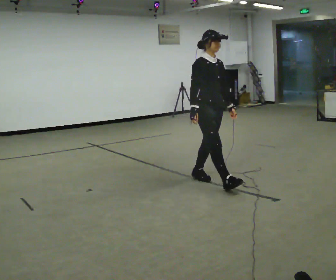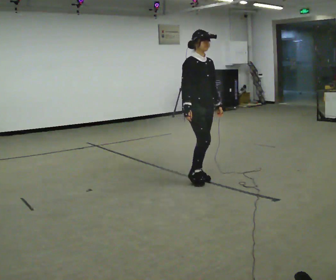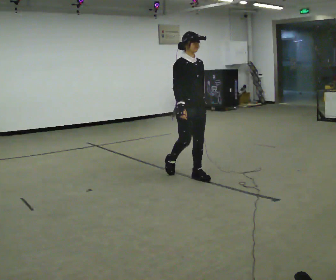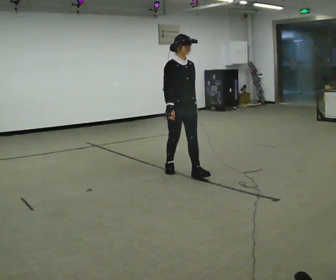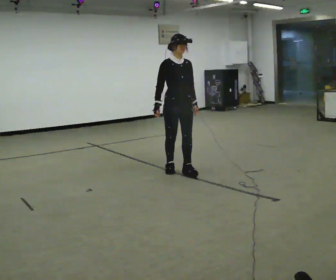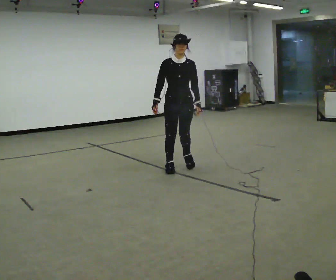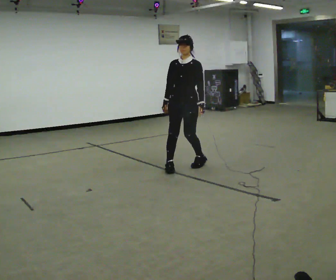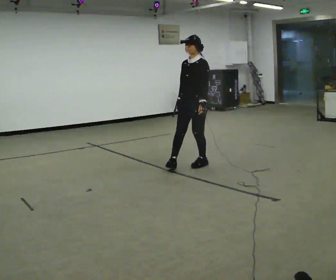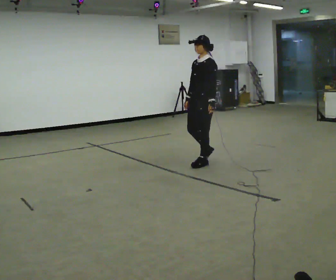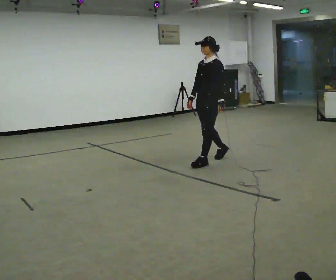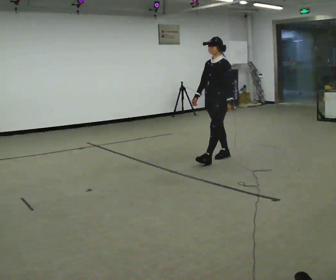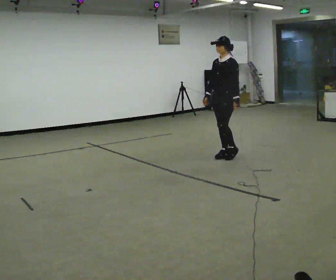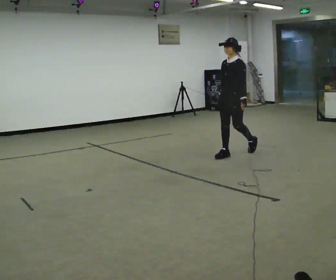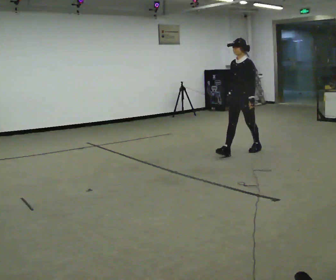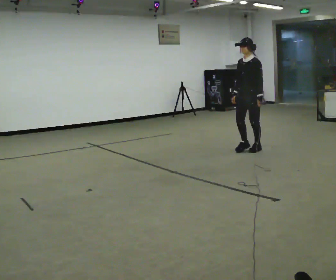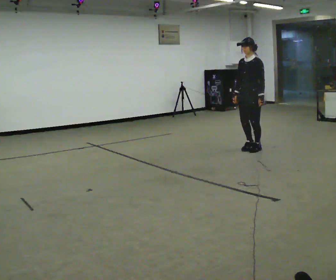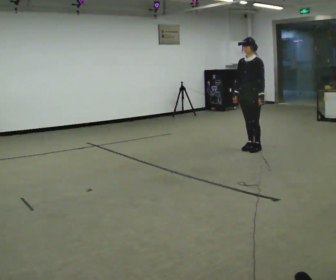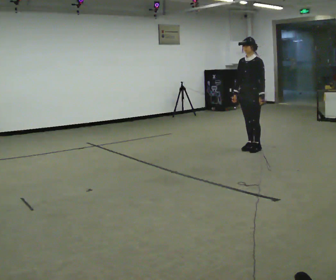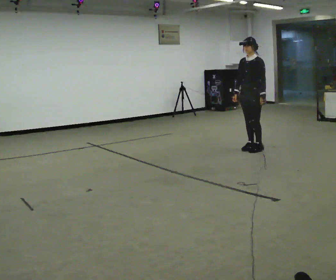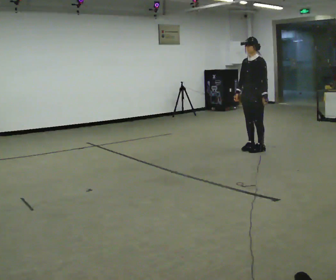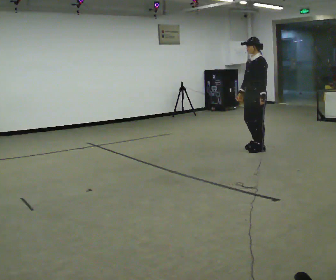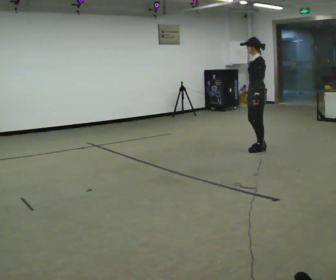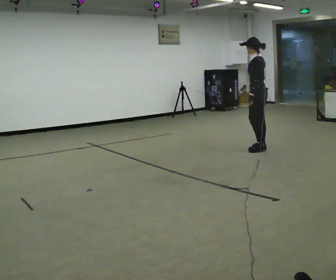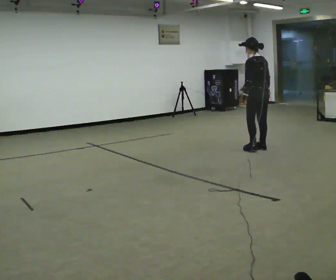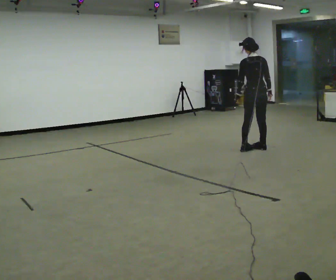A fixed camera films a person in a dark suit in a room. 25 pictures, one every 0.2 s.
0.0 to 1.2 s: The person turns about 60 degrees to their right, clockwise seen from above, so the part of the body nearest the lens slides to the left. In the picture they go away from the camera and to the left, about 0.5 m in 1 step.
1.2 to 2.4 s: The person turns about 30 degrees to their right, clockwise seen from above, so the part of the body nearest the lens slides to the left. In the picture they go away from the camera and to the right, about 1 m in 2 steps, which for them is backward.
2.4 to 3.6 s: In the picture they go away from the camera and to the right, about 0.5 m in 1 step, which for them is backward.
3.6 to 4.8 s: Seen from above the body turns clockwise, about 120 degrees: to their right, with its near side sliding to the left. In the picture their right hand goes to the right, the arm swinging counterclockwise.
The film runs backward here.
